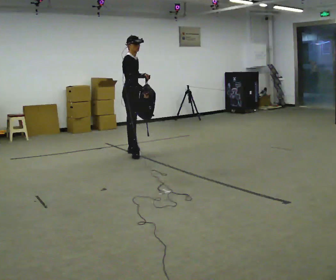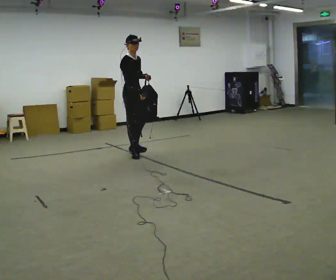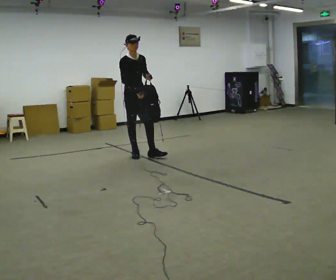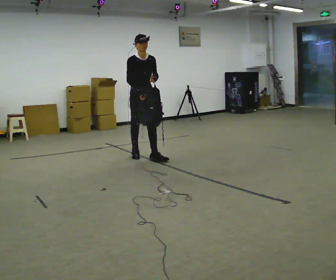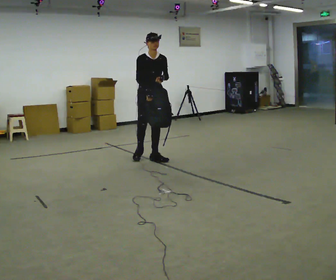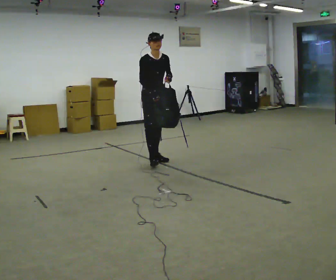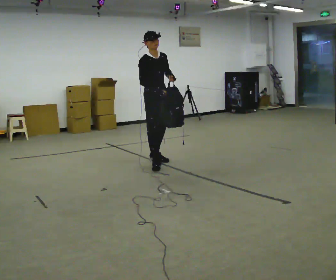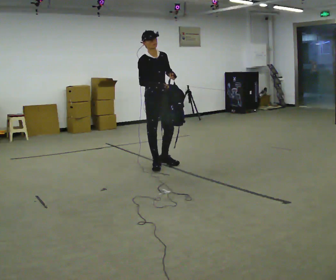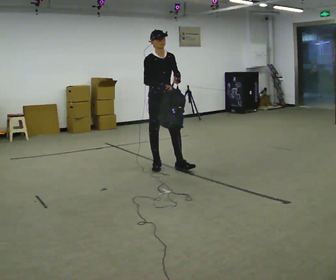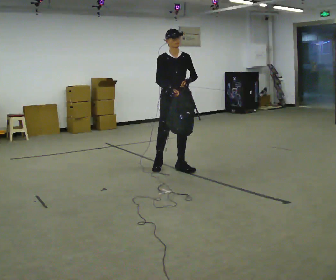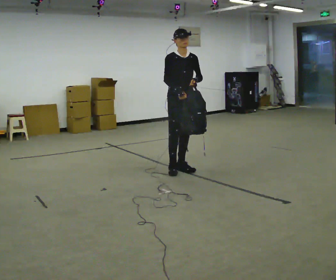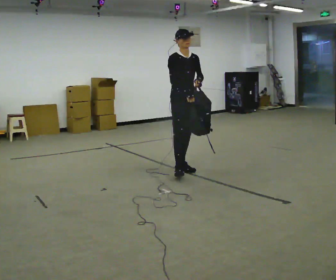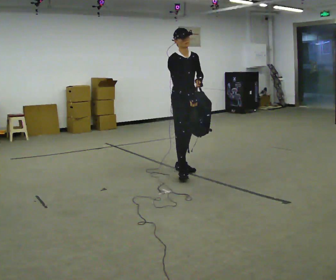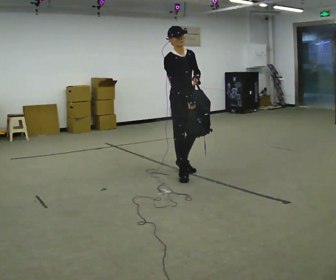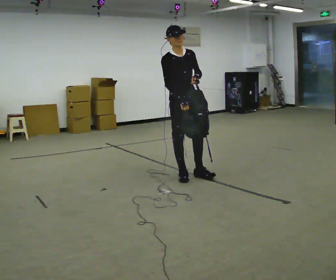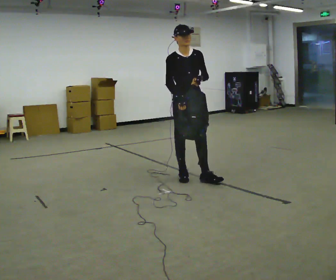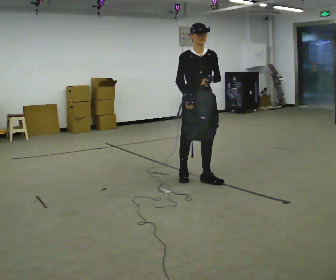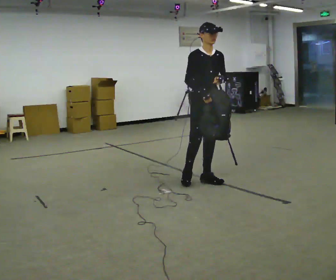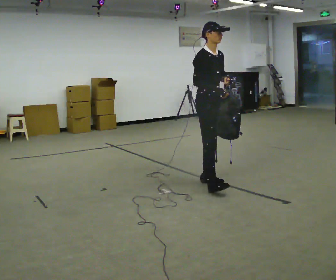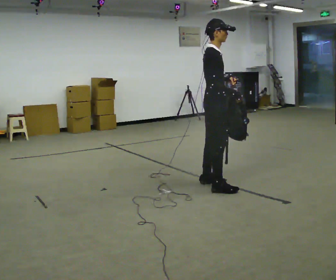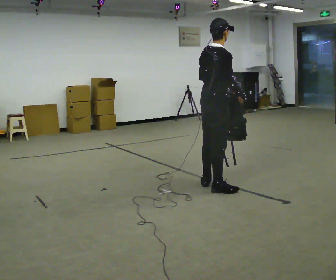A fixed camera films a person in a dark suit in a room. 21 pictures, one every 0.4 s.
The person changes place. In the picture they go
toward the camera.
0.0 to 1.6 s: The person turns about 60 degrees to their right, clockwise seen from above, so the part of the body nearest the lens slides to the left. In the picture they go toward the camera and to the right, about 0.5 m in 1 step, which for them is forward.
1.6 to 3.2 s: In the picture they go toward the camera and to the right, about 0.5 m in 2 steps, which for them is forward.
3.2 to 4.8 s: In the picture they go to the right and toward the camera, about 0.5 m in 1 step, which for them is forward and to their left.
4.8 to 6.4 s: In the picture they go toward the camera and to the right, about 0.5 m in 1 step, which for them is forward.
6.4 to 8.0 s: Seen from above the body turns counterclockwise, about 105 degrees: to their left, with its near side sliding to the right. In the picture they go toward the camera, about 0.5 m in 2 steps.
The film runs forward here.
